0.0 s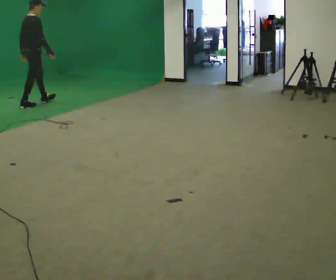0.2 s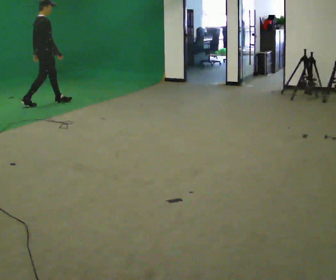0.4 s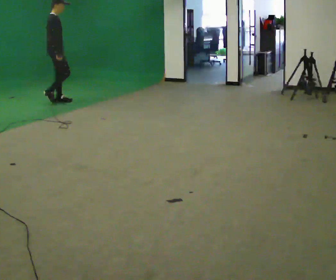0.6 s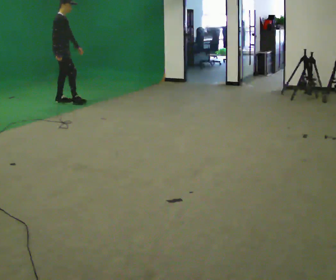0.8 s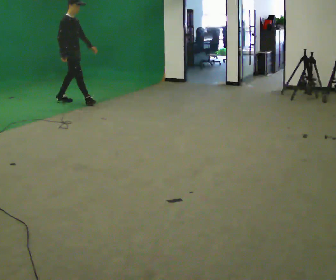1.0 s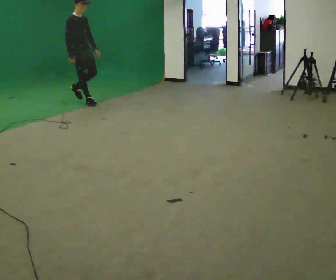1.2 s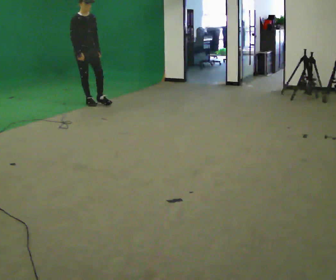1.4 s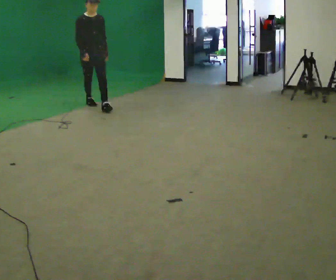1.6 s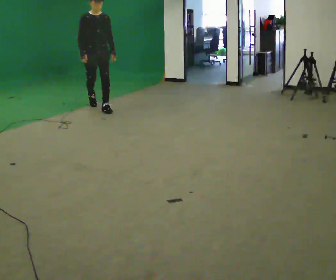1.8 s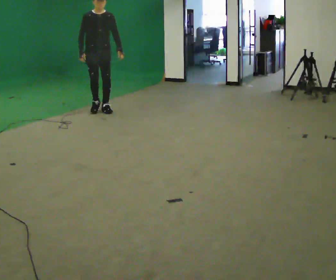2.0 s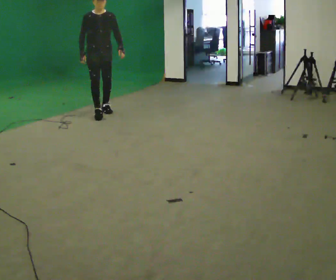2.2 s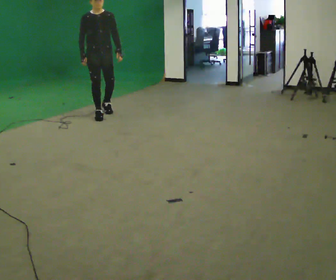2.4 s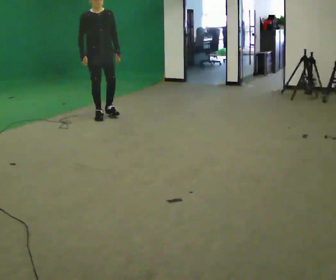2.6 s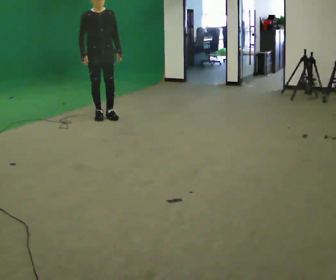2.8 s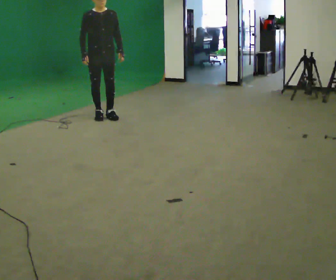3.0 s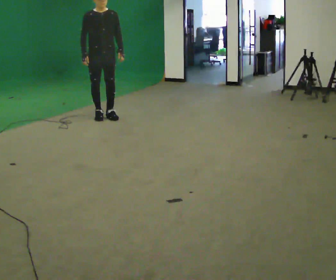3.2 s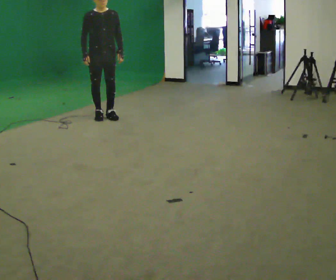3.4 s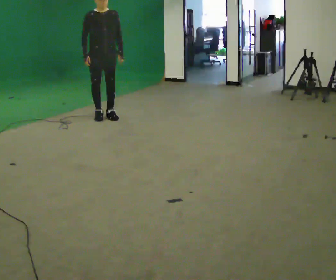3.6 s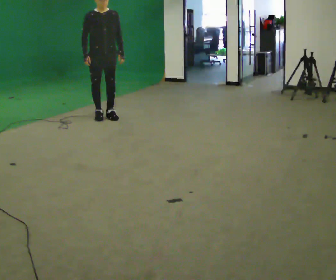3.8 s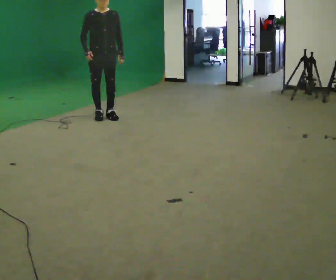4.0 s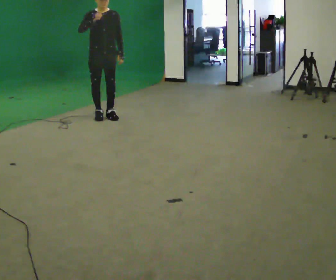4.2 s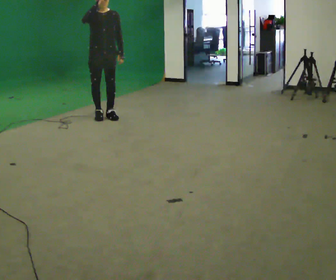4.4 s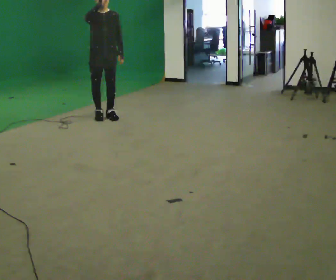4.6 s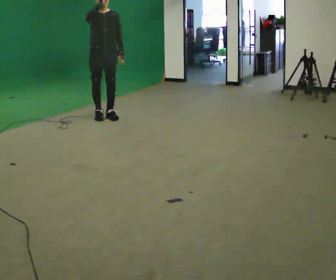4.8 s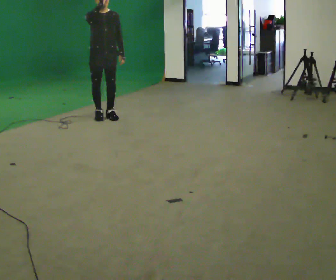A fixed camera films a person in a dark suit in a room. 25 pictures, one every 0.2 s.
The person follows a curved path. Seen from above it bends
clockwise.
The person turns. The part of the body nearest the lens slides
to the left.
0.0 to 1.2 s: The person turns about 90 degrees to their right, clockwise seen from above, so the part of the body nearest the lens slides to the left. In the picture they go to the right, about 1 m in 2 steps.
1.2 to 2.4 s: In the picture they go toward the camera, about 1 m in 2 steps, which for them is forward.
2.4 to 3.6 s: The person moves a little, or ends about where they began.
3.6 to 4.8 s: In the picture their right hand goes upward.
The film runs forward here.
